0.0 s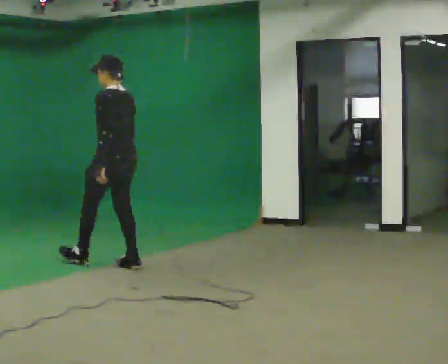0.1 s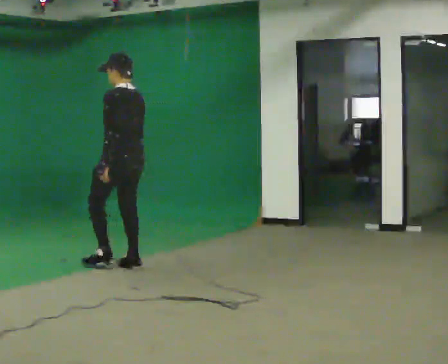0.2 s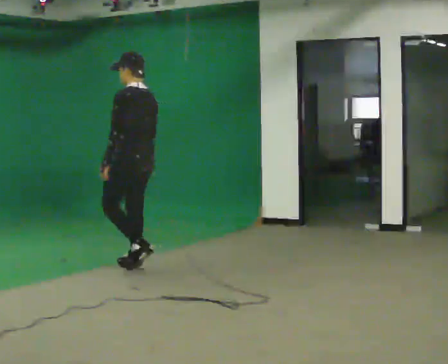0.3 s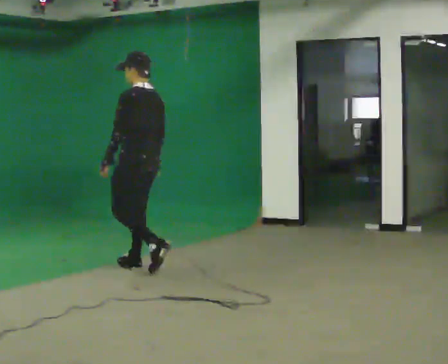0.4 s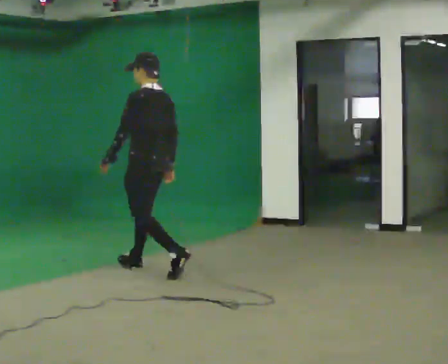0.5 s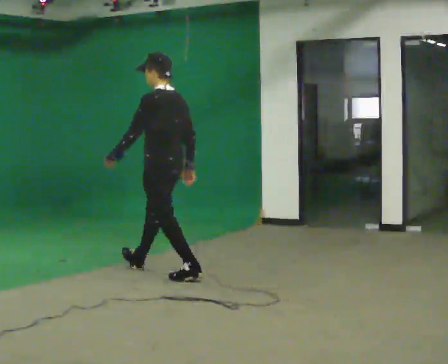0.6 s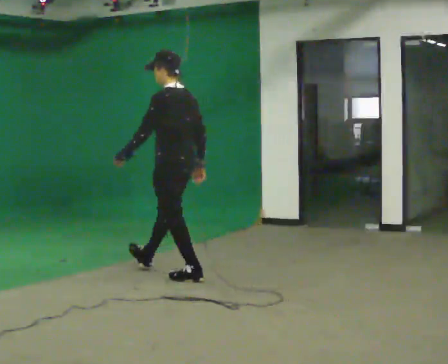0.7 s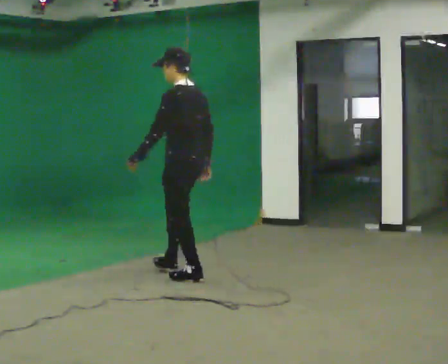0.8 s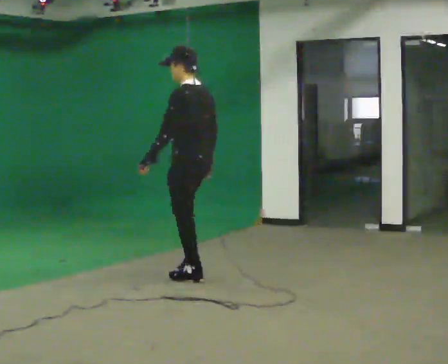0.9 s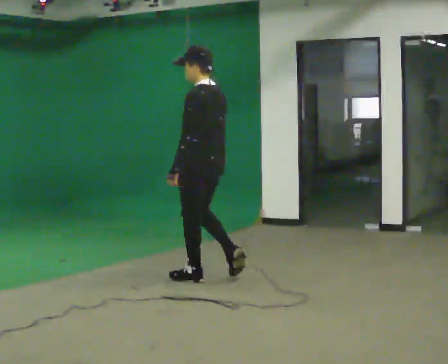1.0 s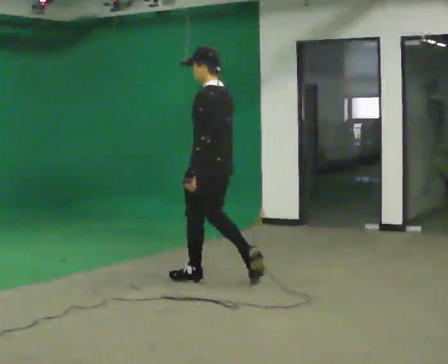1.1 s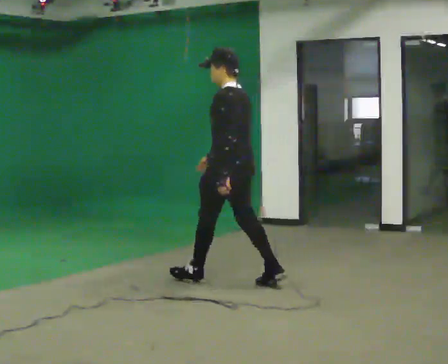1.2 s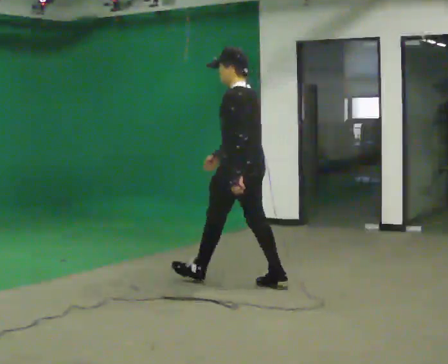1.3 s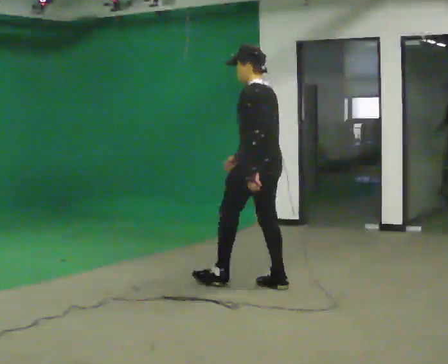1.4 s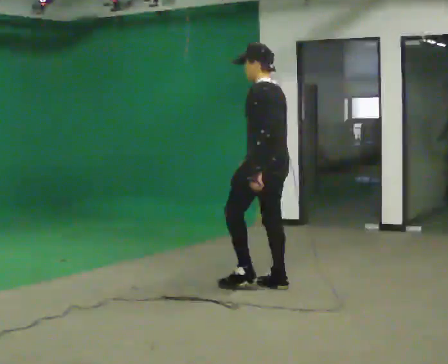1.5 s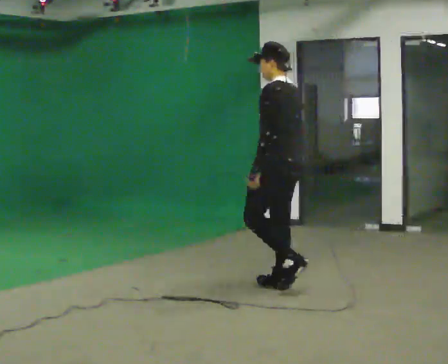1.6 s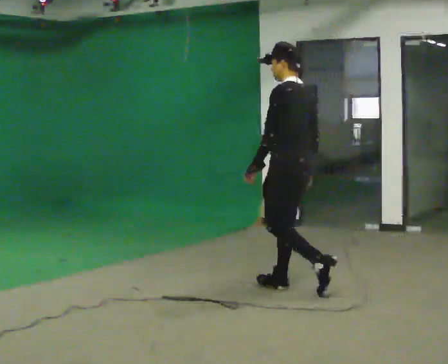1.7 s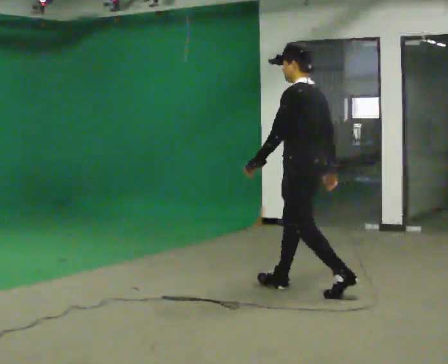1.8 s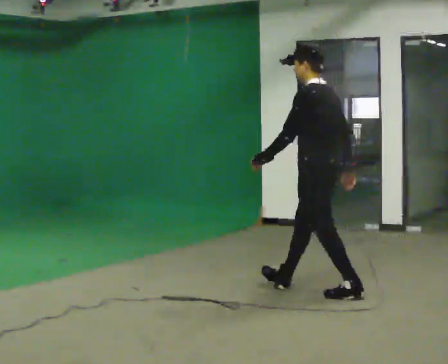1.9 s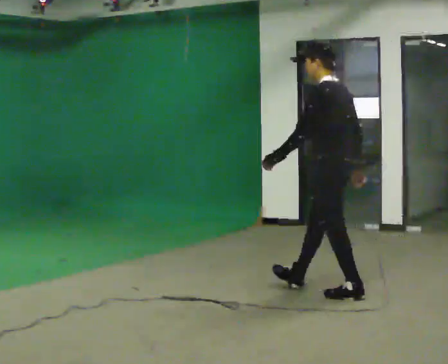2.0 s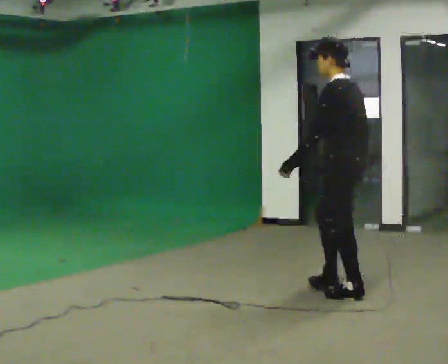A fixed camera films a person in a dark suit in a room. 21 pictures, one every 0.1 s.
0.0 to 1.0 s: In the picture they go to the right and toward the camera, about 1 m in 1 step, which for them is backward.
1.0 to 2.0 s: In the picture they go to the right and toward the camera, about 1 m in 2 steps, which for them is backward.
The film runs backward here.
